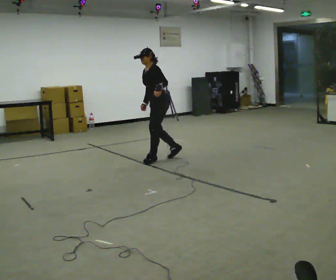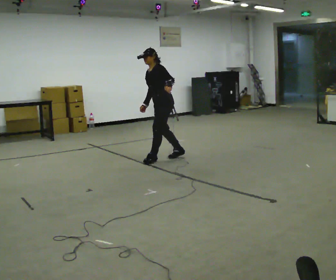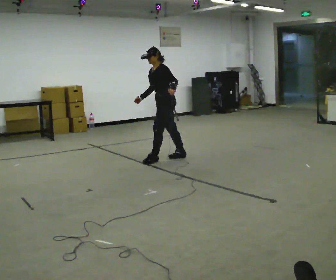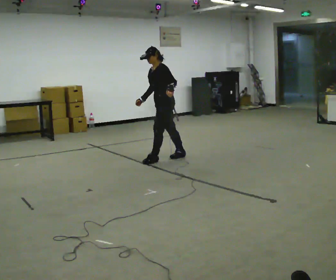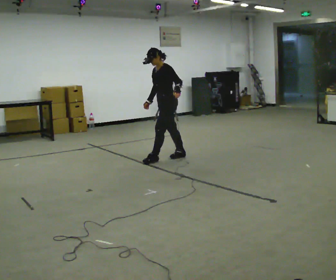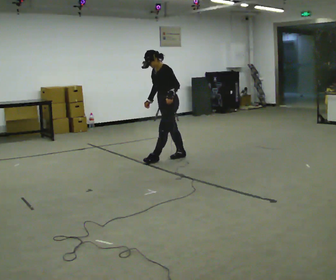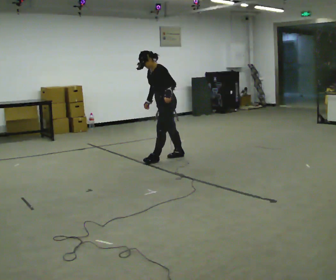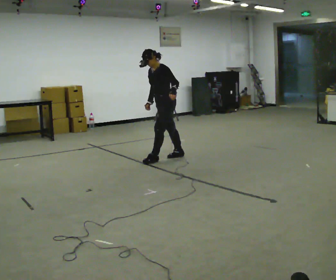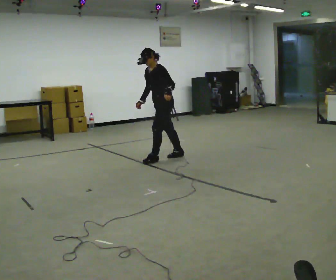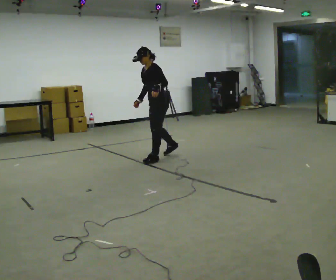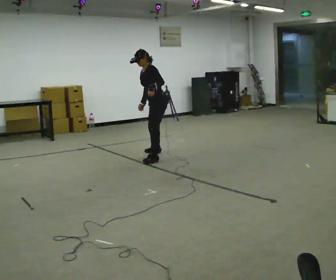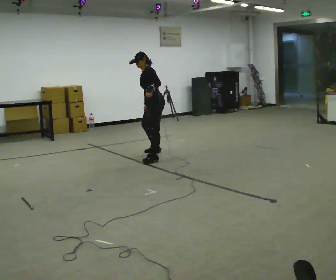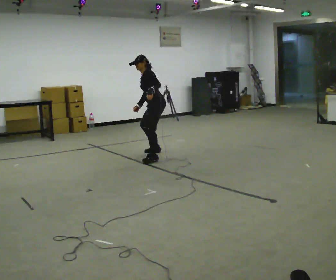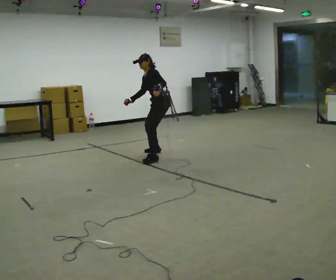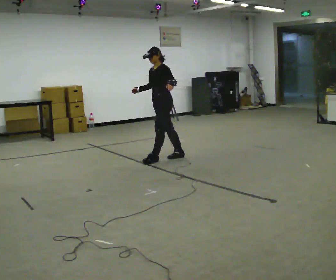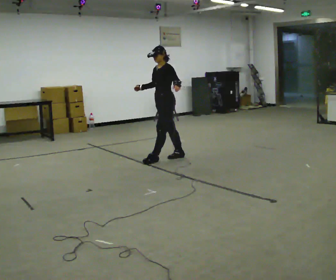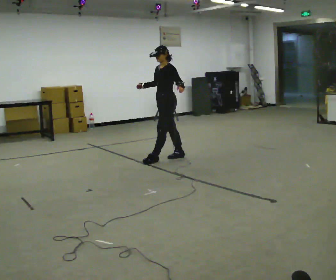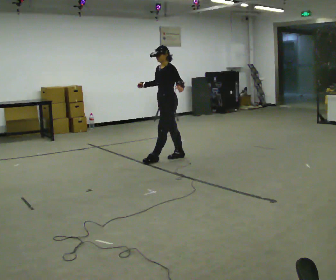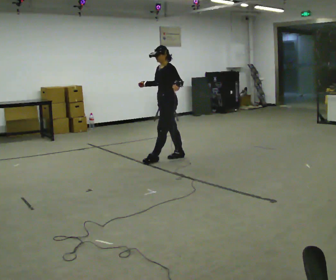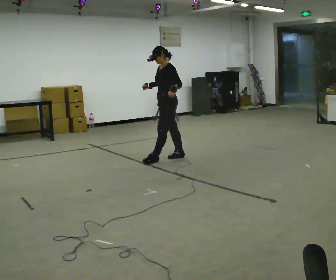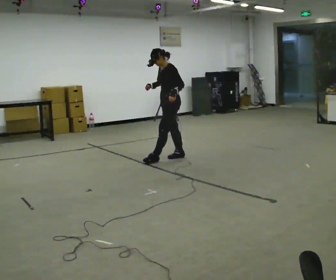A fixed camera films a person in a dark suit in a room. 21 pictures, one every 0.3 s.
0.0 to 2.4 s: The person moves a little, or ends about where they began.
2.4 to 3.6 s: In the picture they go away from the camera, about 0.25 m in 1 step, which for them is to their right.
3.6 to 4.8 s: In the picture they go toward the camera and to the right, about 0.25 m in 1 step, which for them is to their left. In the picture the upper body tilts clockwise, shoulders to the right, as they lean back or straighten.
4.8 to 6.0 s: The person moves a little, or ends about where they began.
The film runs backward here.
